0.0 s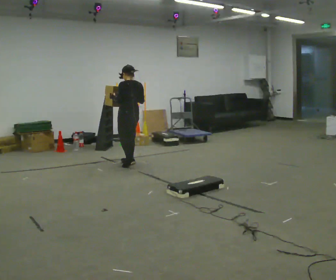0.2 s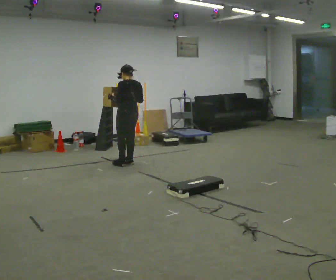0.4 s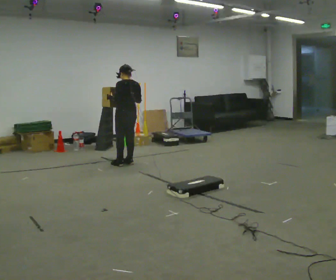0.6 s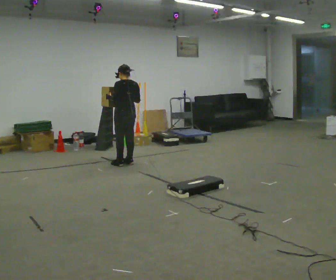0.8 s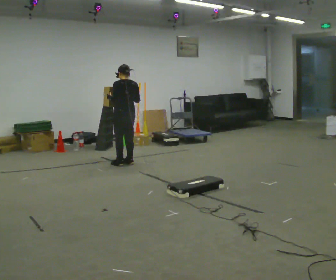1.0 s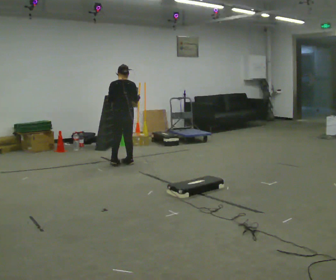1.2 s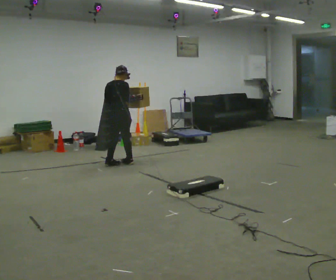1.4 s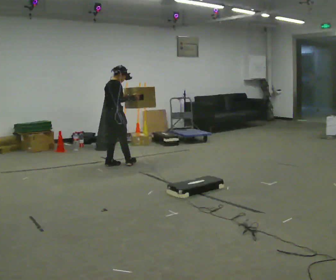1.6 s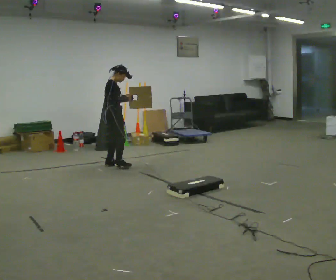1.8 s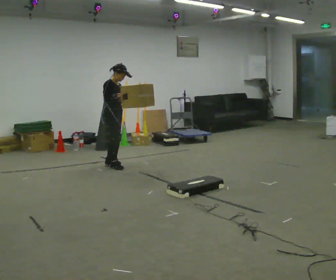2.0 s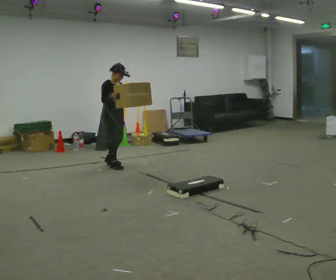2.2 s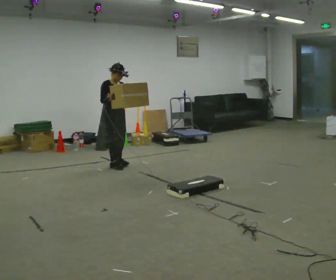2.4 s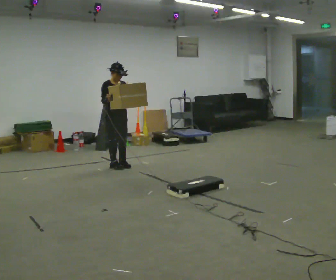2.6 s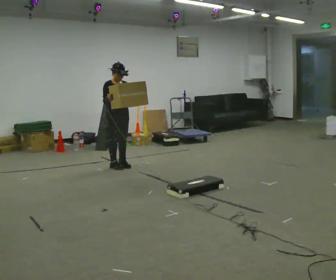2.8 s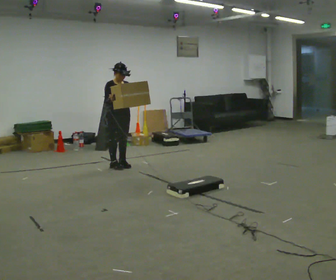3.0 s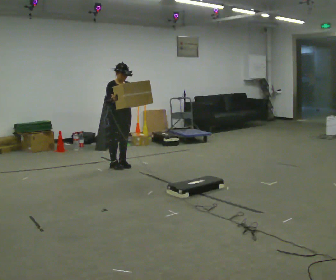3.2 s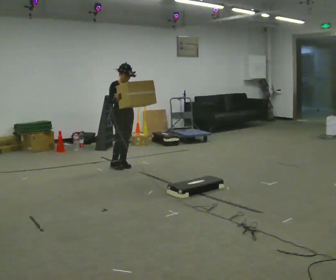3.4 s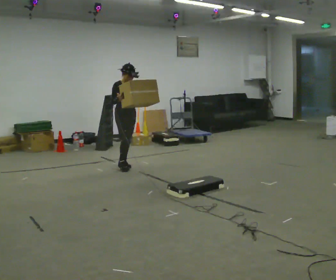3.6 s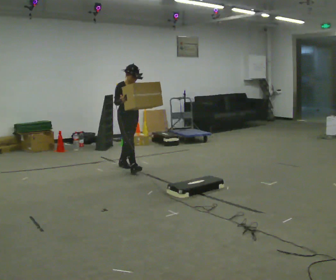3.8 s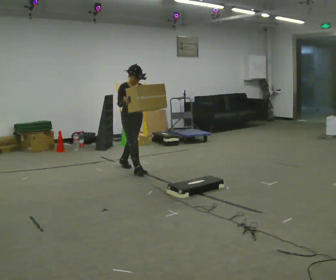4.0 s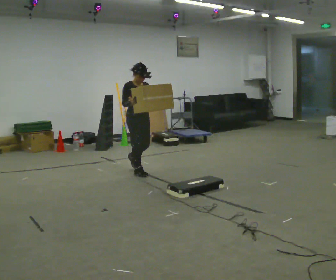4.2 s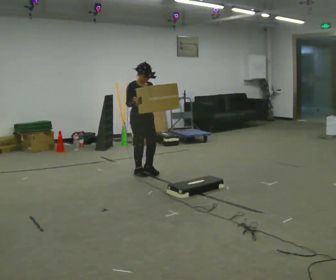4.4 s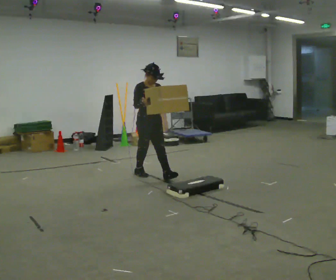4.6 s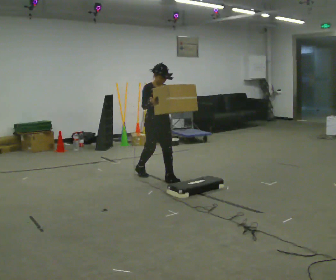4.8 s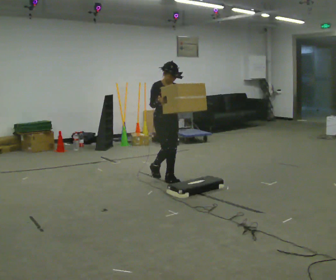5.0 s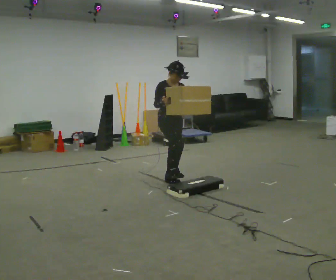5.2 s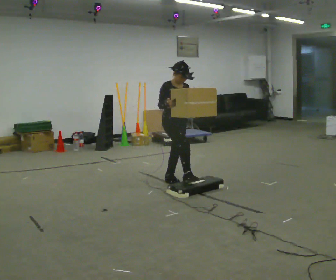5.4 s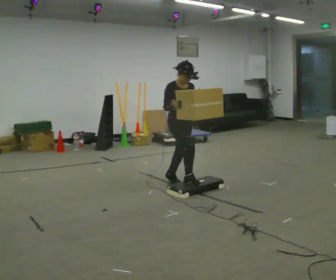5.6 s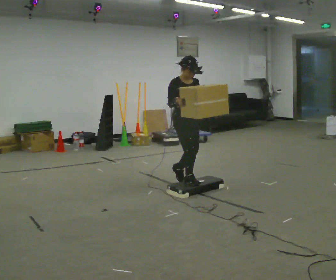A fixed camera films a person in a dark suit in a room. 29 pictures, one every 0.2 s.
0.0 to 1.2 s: The part of the body nearest the lens slides to the left as the person turns to their right by about 75 degrees. In the picture they go to the left, about 0.25 m in 2 steps.
1.2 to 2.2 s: Seen from above the body turns clockwise, about 105 degrees: to their right, with its near side sliding to the left. In the picture their right hand goes to the left.
2.2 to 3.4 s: In the picture they go to the right, about 0.25 m in 1 step, which for them is forward.
3.4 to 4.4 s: In the picture they go toward the camera and to the right, about 0.5 m in 1 step, which for them is forward.
4.4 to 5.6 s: In the picture they go toward the camera and to the right, about 0.75 m in 2 steps, which for them is forward.
The film runs forward here.
